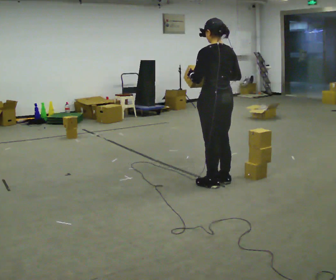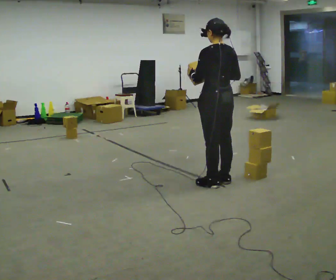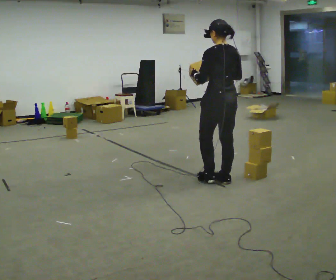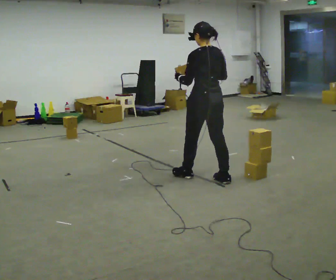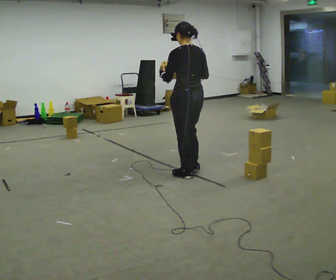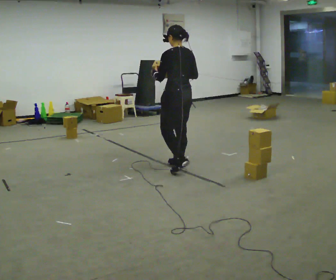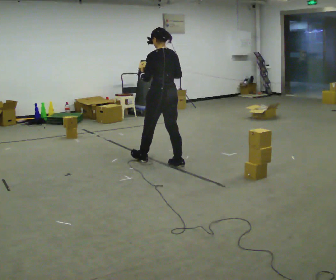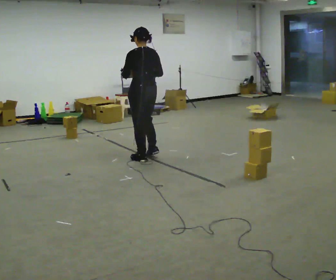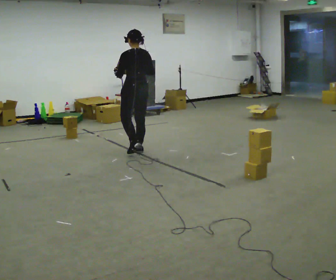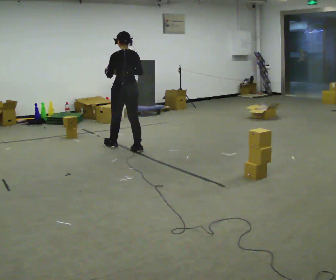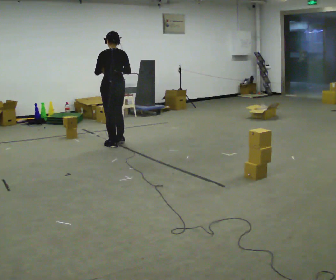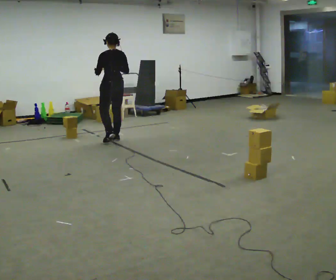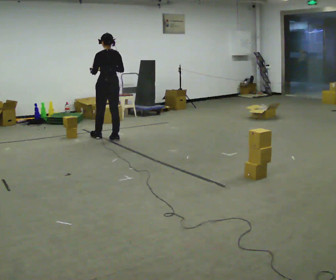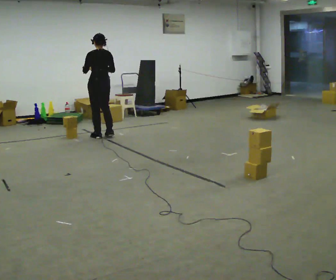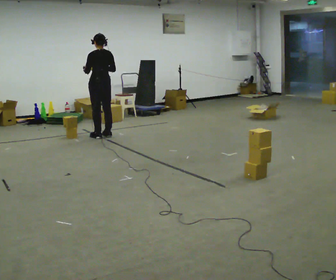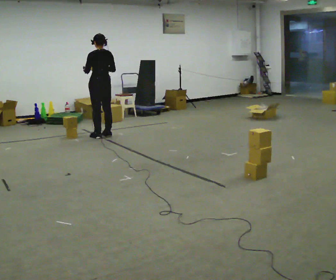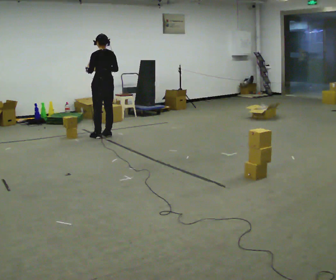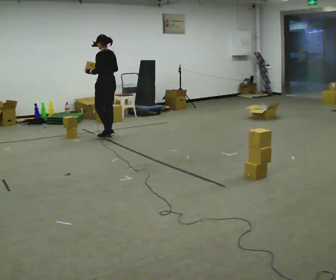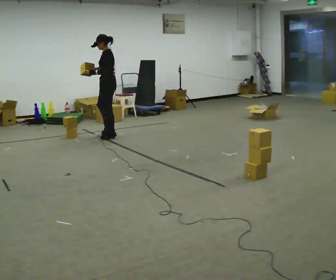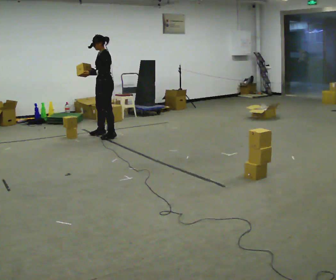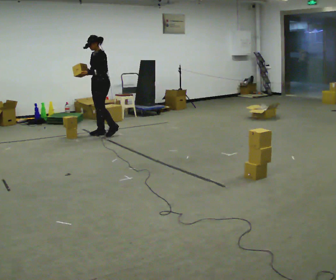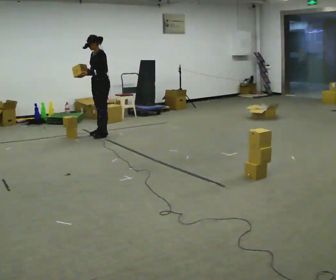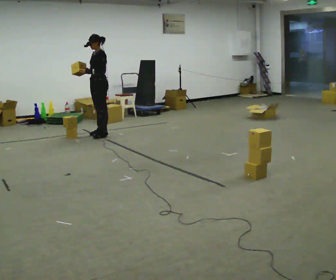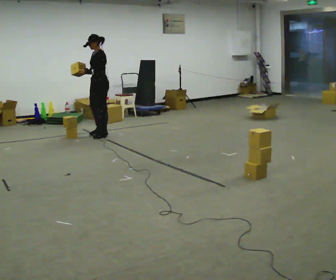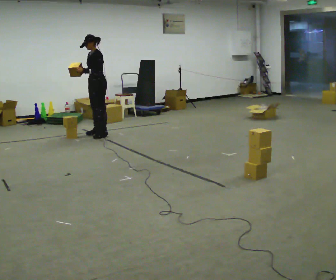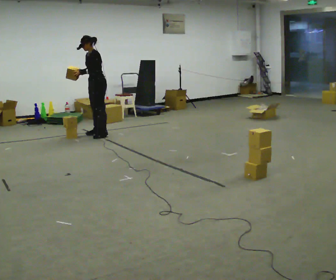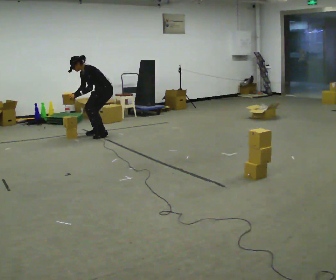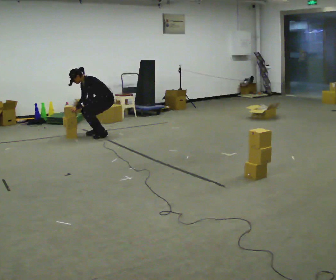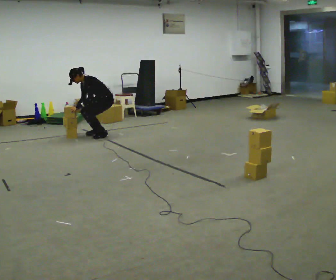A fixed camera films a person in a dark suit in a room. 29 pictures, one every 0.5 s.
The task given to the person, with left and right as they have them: Carry the box and, while you are still walking, turn it so you can read the label, read it out loud, then carry on. Repeat with the next box. Do not stop to read it.
0.0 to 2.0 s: In the picture they go away from the camera and to the left, about 0.5 m in 1 step, which for them is forward.
2.0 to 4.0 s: In the picture they go away from the camera and to the left, about 1 m in 3 steps, which for them is forward.
4.0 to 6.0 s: In the picture they go away from the camera and to the left, about 1 m in 3 steps, which for them is forward.
6.0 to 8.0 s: In the picture they go away from the camera, about 0.25 m in 1 step, which for them is forward.
8.0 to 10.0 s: The person turns about 75 degrees to their left, counterclockwise seen from above, so the part of the body nearest the lens slides to the right.
10.0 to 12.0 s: The person moves a little, or ends about where they began.
12.0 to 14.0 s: The shoulders move downward. In the picture the upper body tilts counterclockwise, shoulders to the left, as they bend forward. In the picture their right hand goes downward.
The film runs forward here.
